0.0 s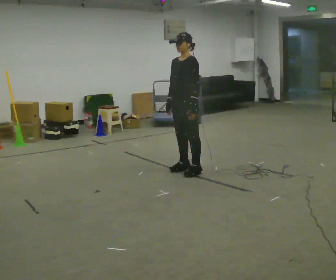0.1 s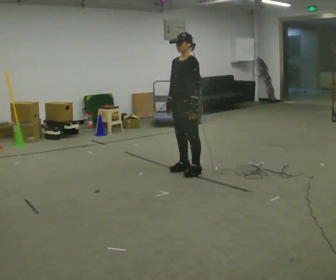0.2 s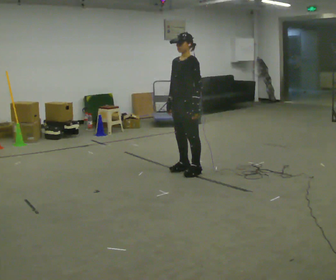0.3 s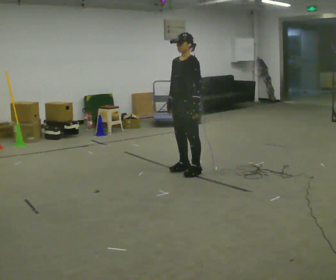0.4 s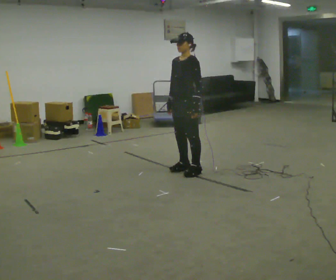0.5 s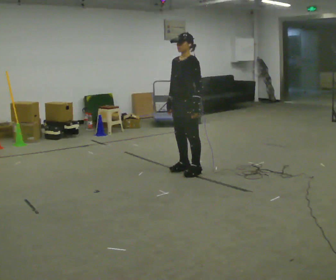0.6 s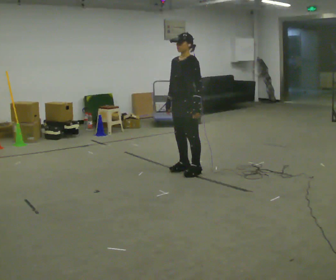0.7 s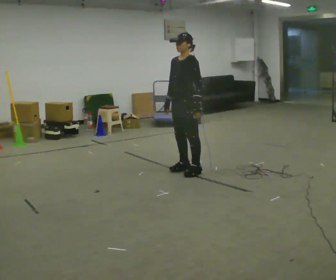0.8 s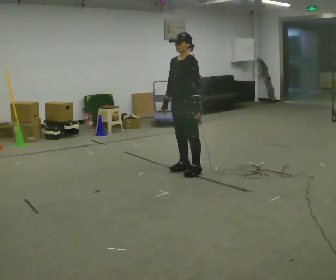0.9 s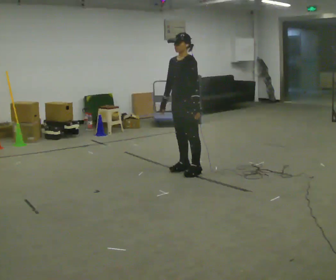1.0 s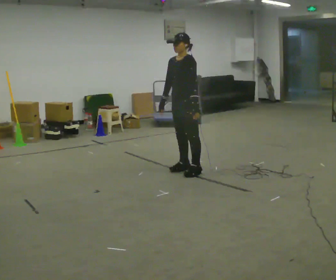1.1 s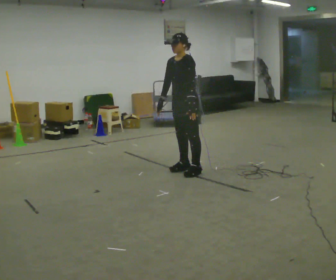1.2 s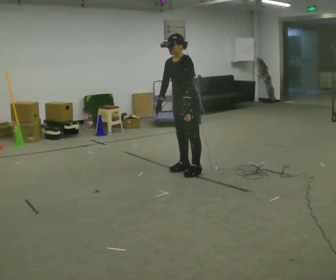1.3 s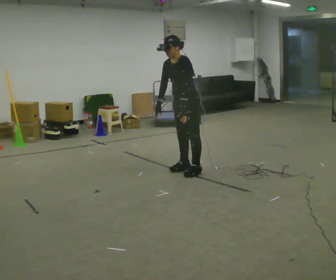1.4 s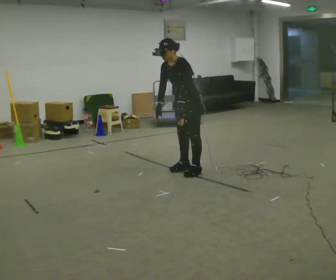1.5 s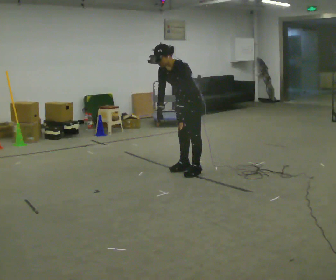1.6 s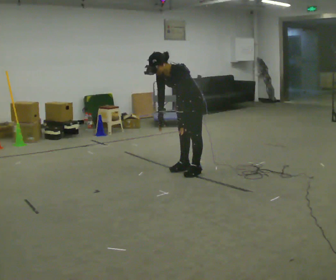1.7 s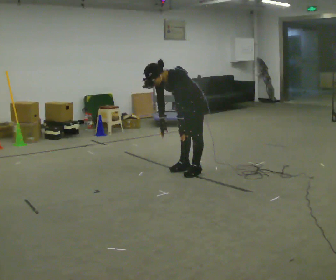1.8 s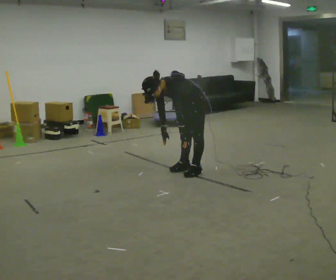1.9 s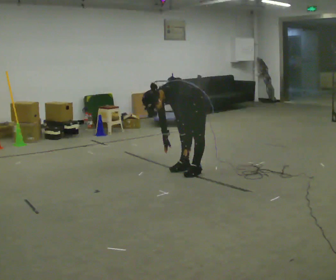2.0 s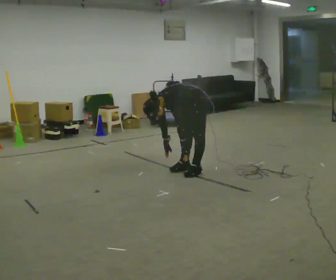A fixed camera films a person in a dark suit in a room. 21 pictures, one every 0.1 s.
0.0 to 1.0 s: The person moves a little, or ends about where they began.
1.0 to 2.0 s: The upper body goes downward. In the picture the upper body tilts counterclockwise, shoulders to the left, as they bend forward. In the picture their left hand goes downward.
The film runs backward here.
